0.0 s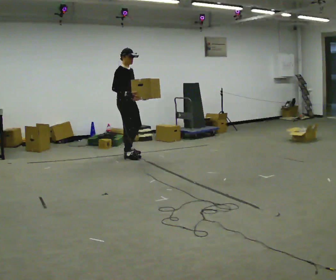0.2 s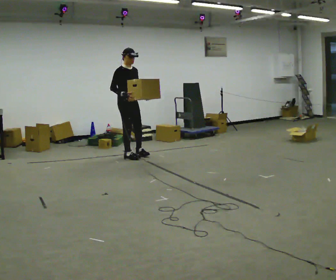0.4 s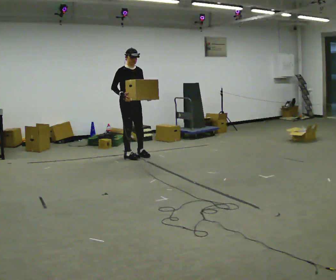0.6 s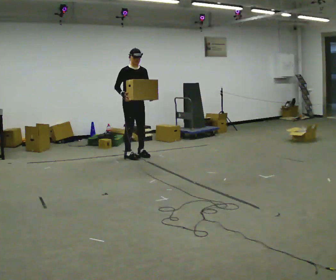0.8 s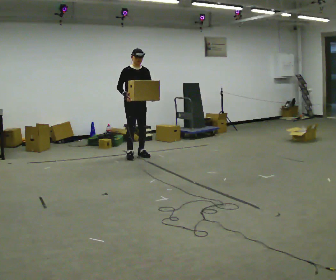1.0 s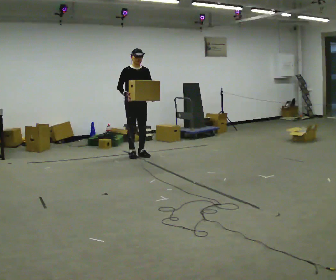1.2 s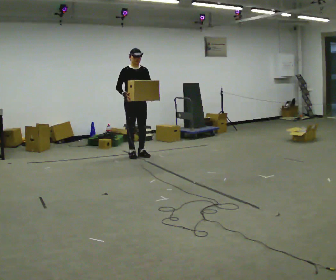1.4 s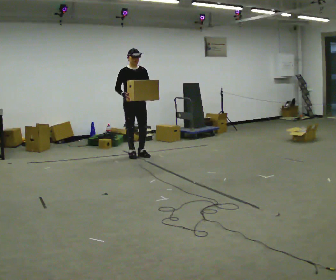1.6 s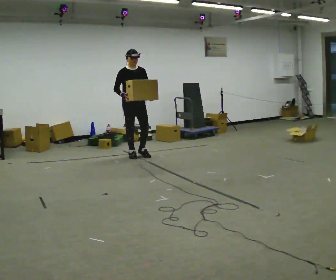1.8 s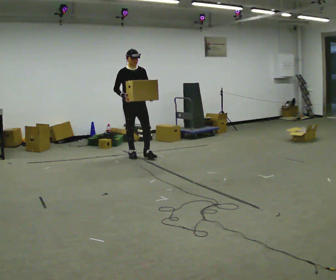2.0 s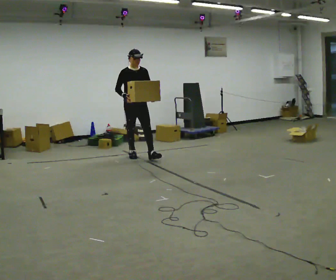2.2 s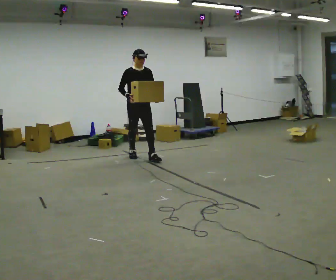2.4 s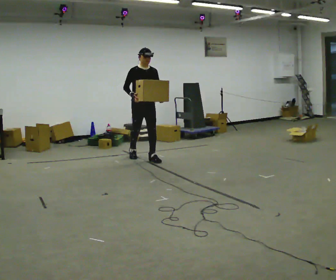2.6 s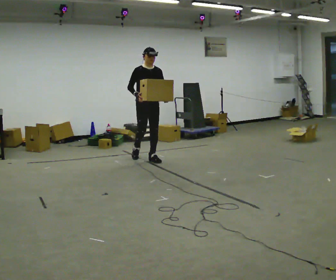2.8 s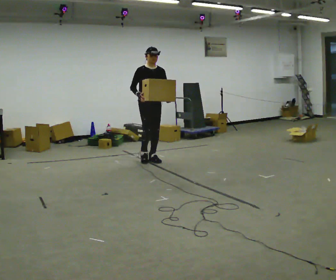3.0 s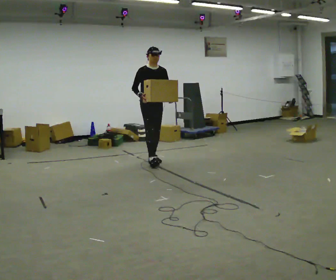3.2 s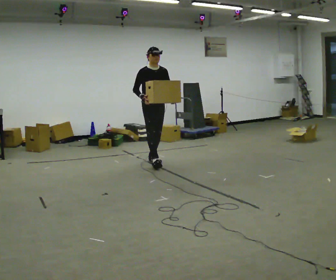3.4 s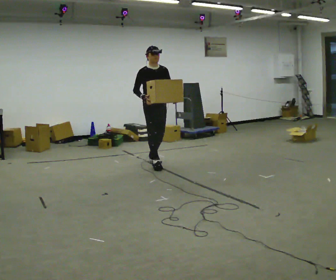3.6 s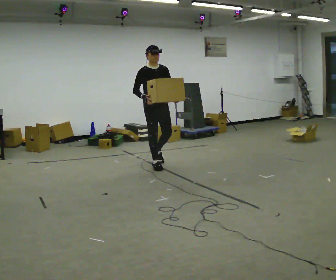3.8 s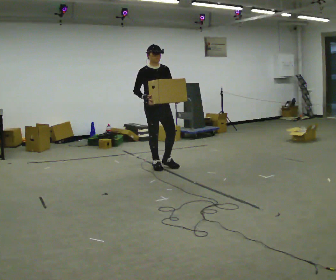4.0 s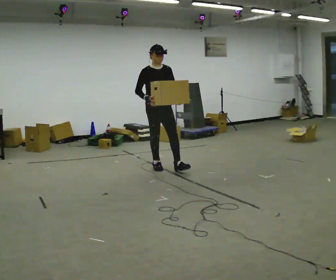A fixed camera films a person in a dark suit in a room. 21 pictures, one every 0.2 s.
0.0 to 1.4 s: The part of the body nearest the lens slides to the left as the person turns to their right by about 45 degrees.
1.4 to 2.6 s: In the picture they go toward the camera and to the right, about 0.25 m in 1 step, which for them is forward.
2.6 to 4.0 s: In the picture they go toward the camera, about 0.5 m in 1 step, which for them is forward.
The film runs forward here.
